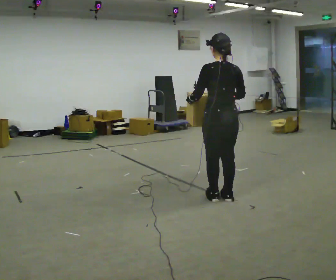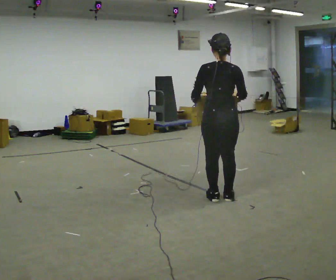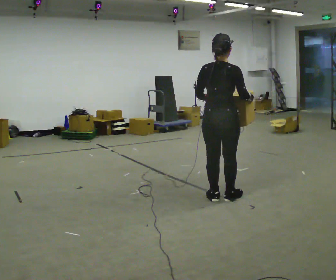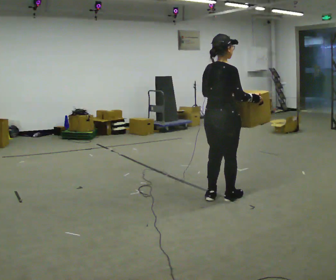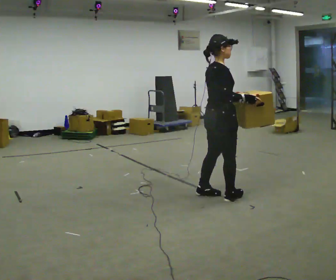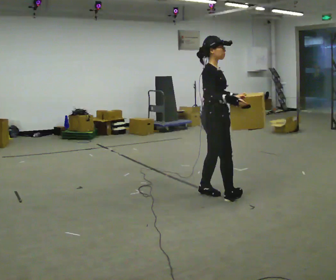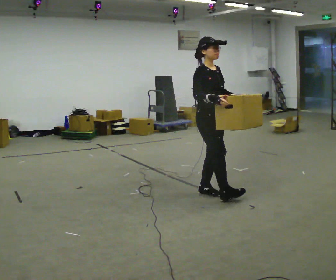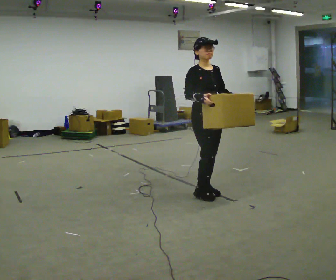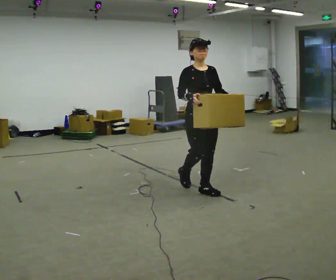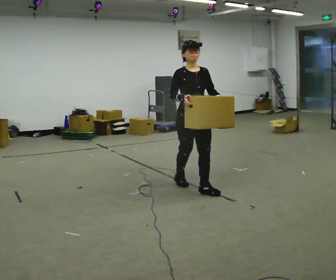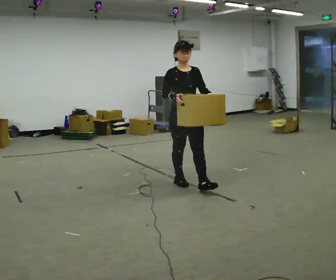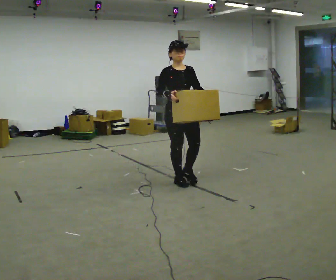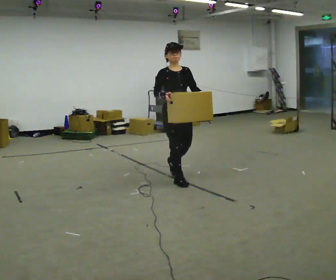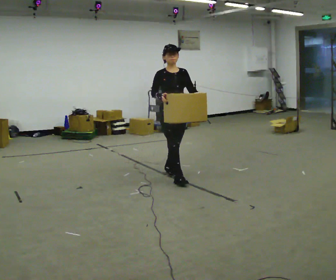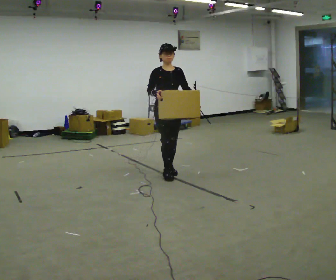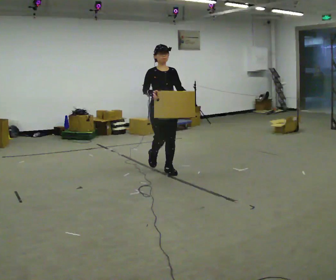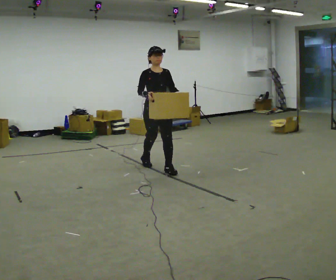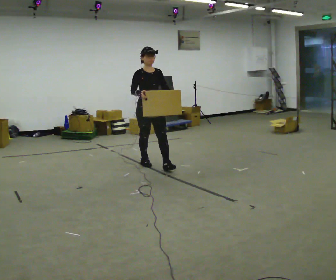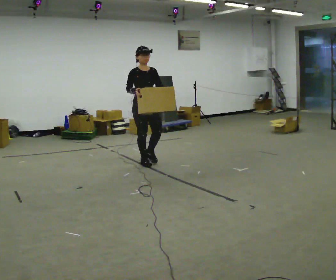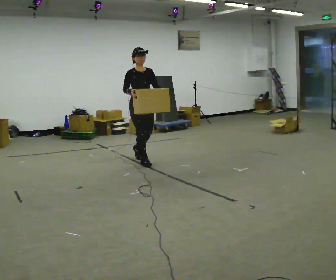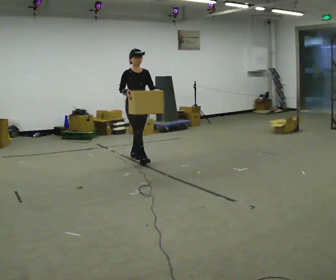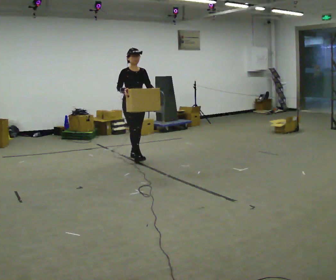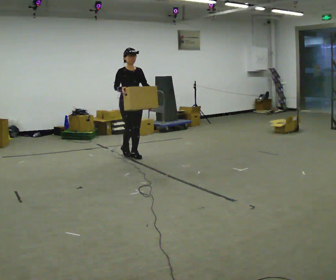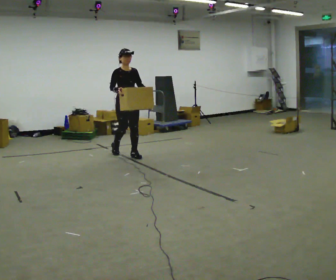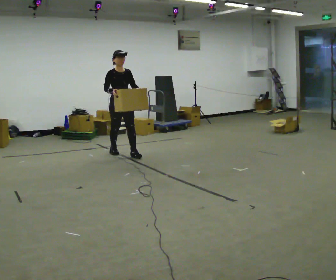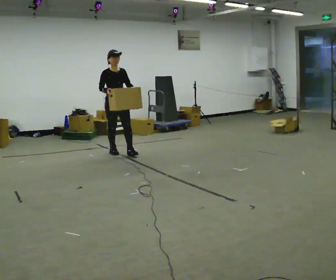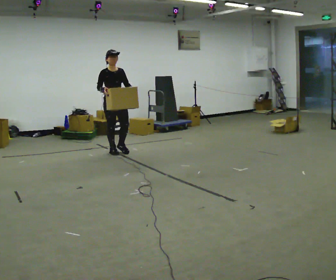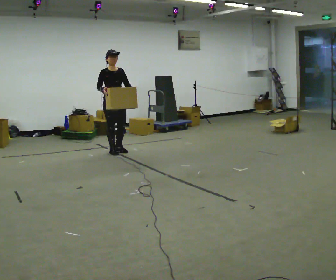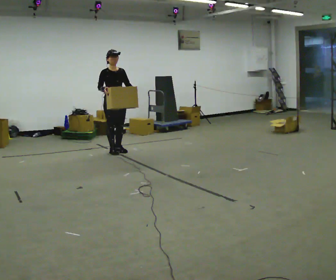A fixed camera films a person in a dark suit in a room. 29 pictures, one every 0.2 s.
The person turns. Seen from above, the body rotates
clockwise.
The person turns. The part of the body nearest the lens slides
to the left.
0.0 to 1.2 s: Seen from above the body turns clockwise, about 135 degrees: to their right, with its near side sliding to the left. In the picture they go away from the camera, about 0.25 m in 2 steps.
1.2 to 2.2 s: Seen from above the body turns clockwise, about 45 degrees: to their right, with its near side sliding to the left. In the picture they go away from the camera and to the left, about 0.5 m in 1 step, which for them is backward.
2.2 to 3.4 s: In the picture they go away from the camera and to the left, about 1 m in 2 steps, which for them is backward.
3.4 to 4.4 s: In the picture they go away from the camera and to the left, about 0.75 m in 1 step, which for them is backward.
4.4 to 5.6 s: In the picture they go to the left and away from the camera, about 0.5 m in 1 step, which for them is backward.
The film runs backward here.
